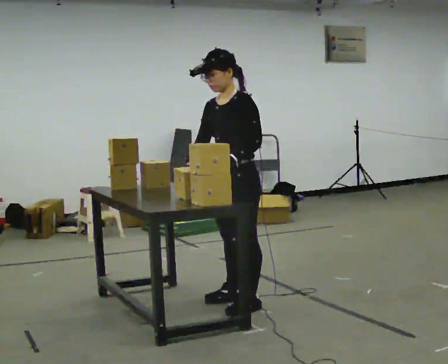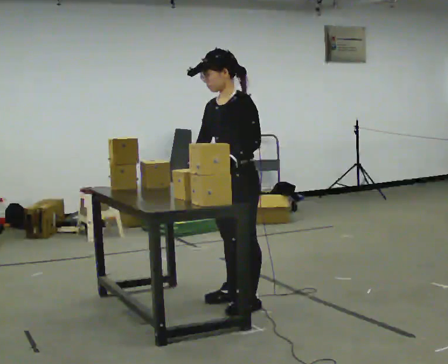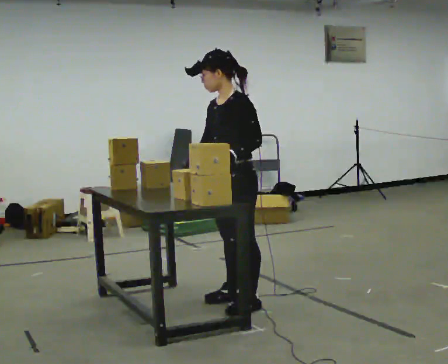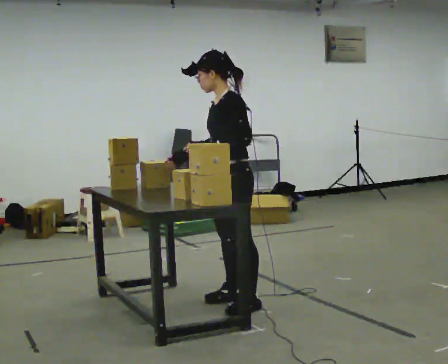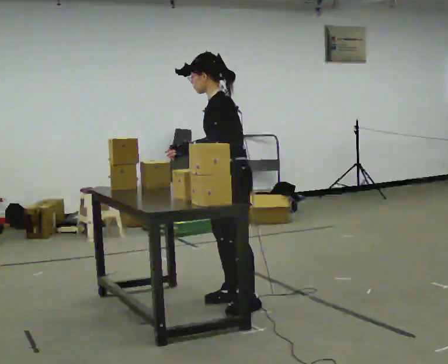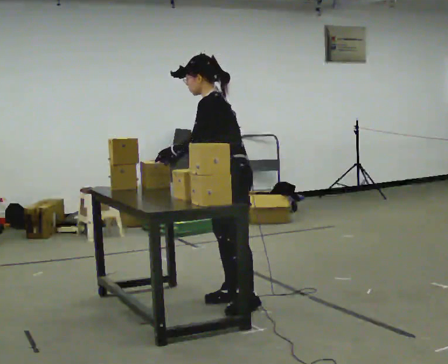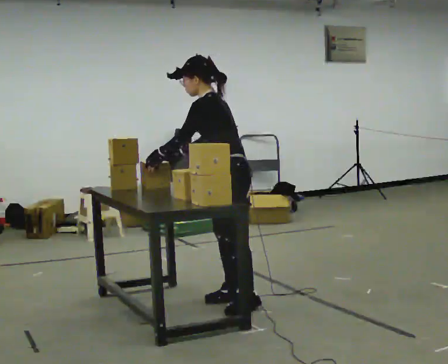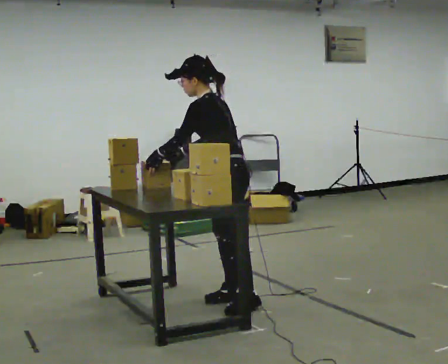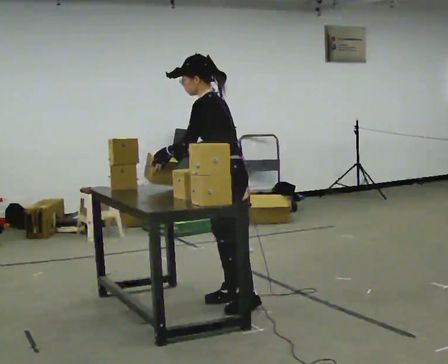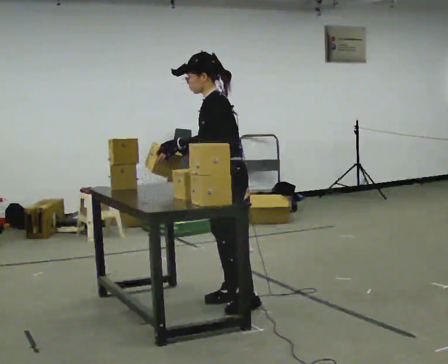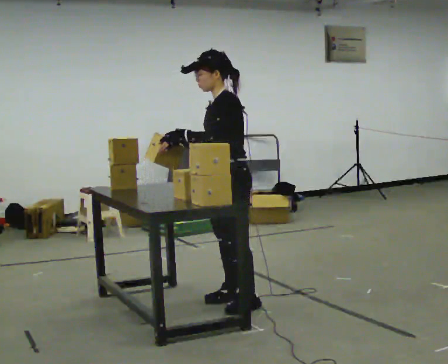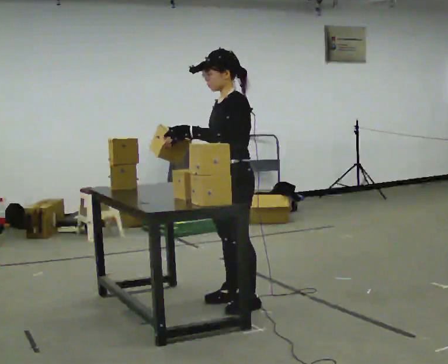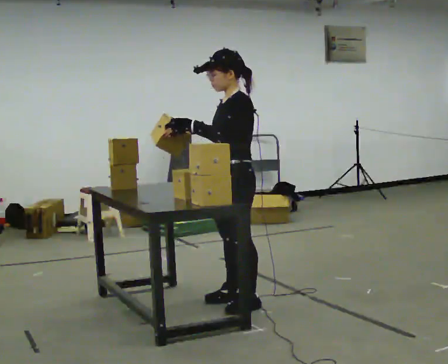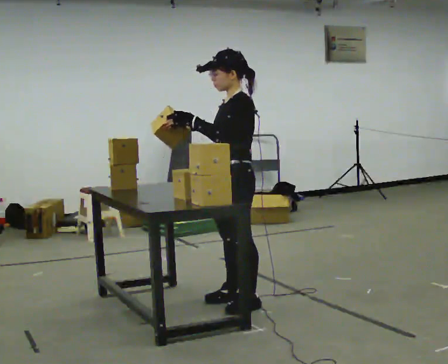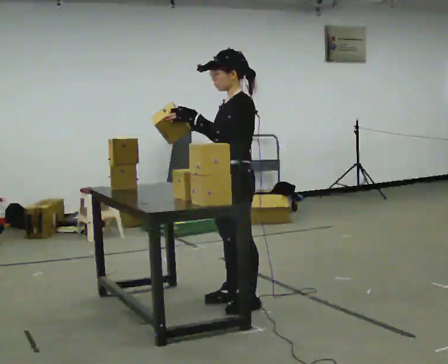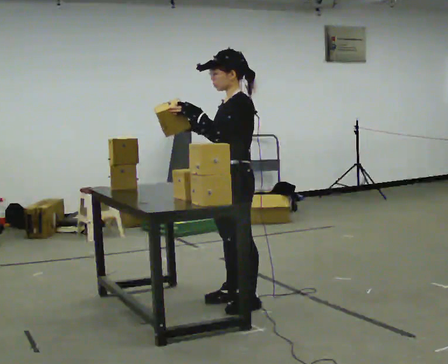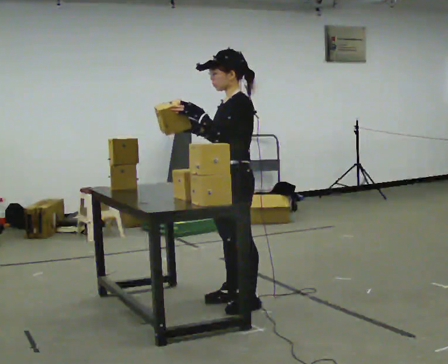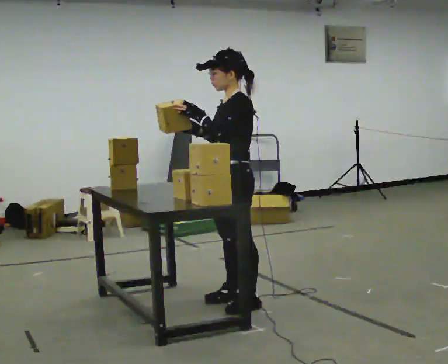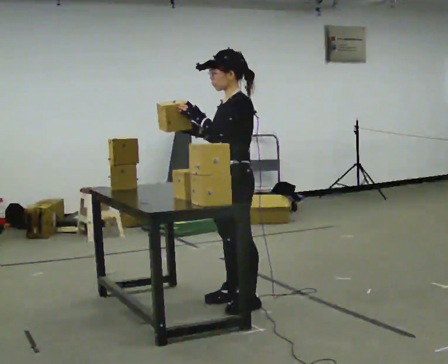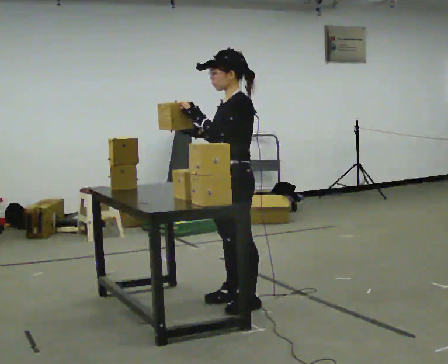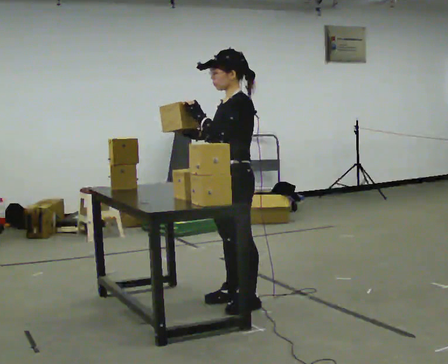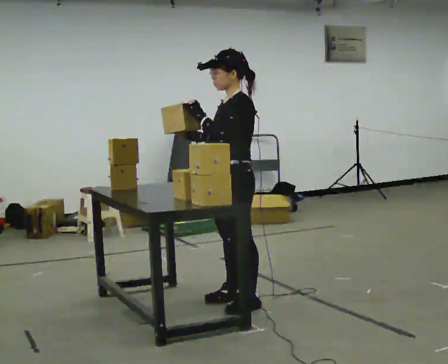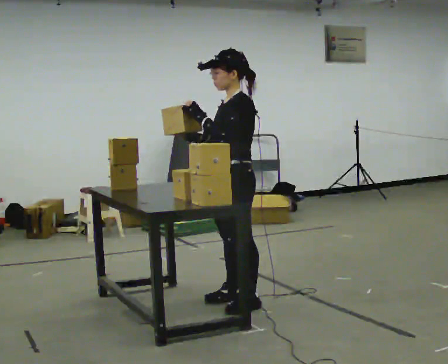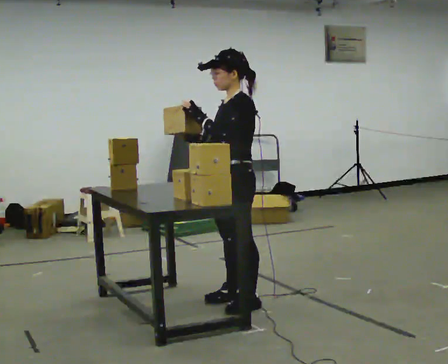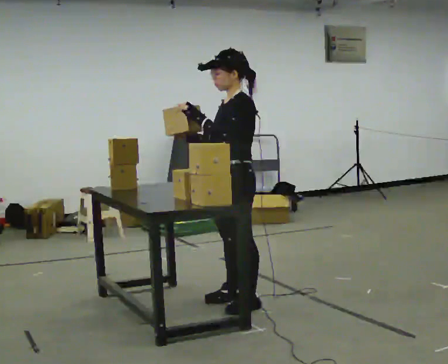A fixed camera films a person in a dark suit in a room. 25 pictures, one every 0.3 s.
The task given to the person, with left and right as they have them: Hold the box, turn it so you can read the label, and read it out loud. Then swap to the next box. Repeat at your own pace until the operator says stop. Keep both feet on the marked spots for the whole take. If you have to step, stop and tell the operator.
0.0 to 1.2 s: Seen from above the body turns clockwise, about 30 degrees: to their right, with its near side sliding to the left.
1.2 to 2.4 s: The person moves a little, or ends about where they began.
2.4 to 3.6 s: In the picture the upper body tilts clockwise, shoulders to the right, as they lean back or straighten.
3.6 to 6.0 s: The person moves a little, or ends about where they began.
6.0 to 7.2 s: The person keeps their place and pose.
The film runs forward here.
